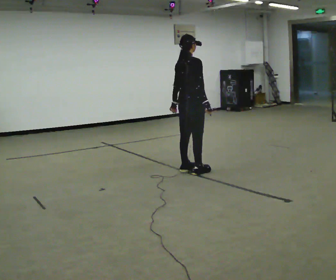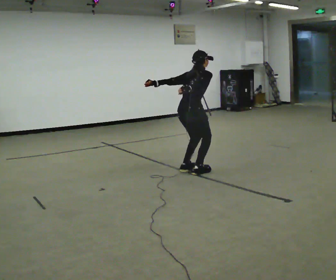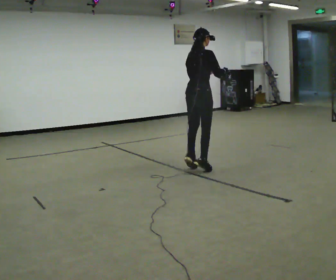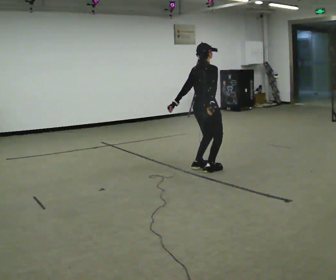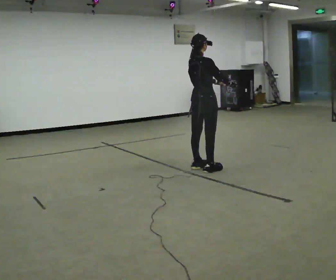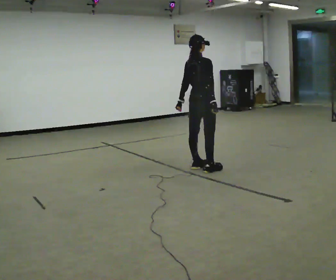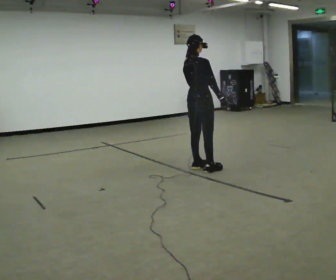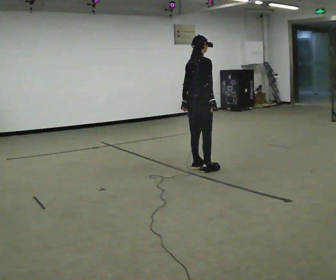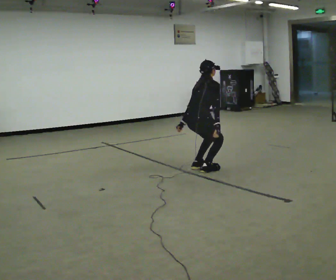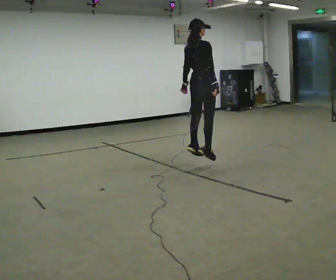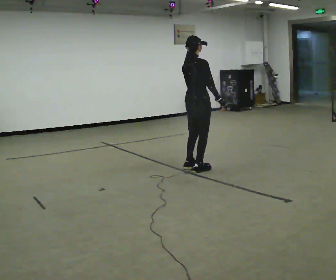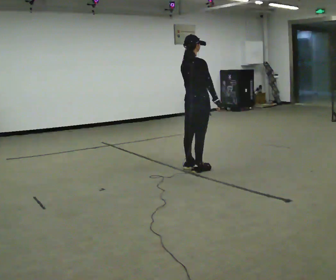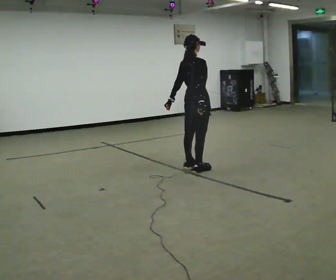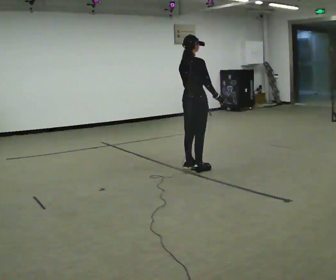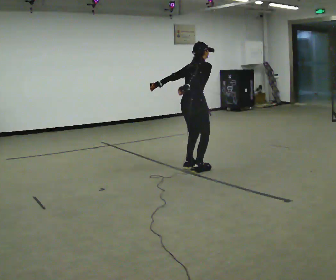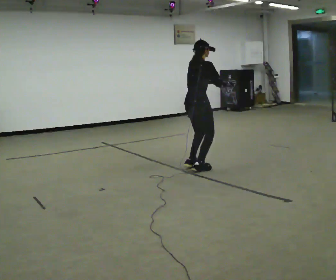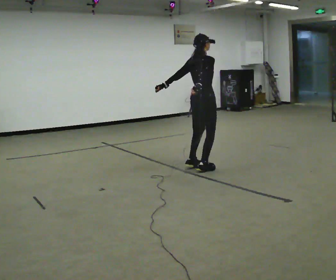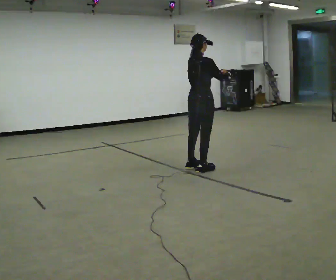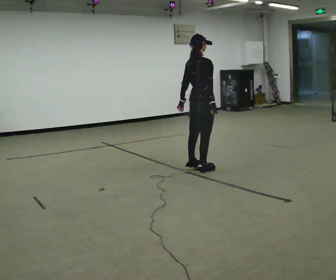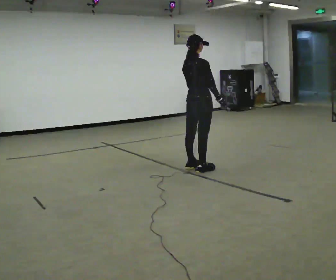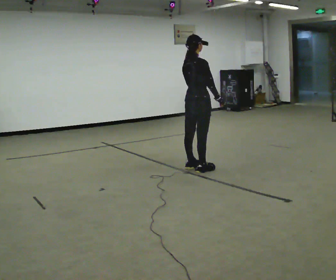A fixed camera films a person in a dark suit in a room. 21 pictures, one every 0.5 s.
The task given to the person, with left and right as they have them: Jump straight up as high as is comfortable and land softly on the same spot. Repeat the movement at your own pace until the operator says stop; do not rush.
0.0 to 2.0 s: In the picture they go to the right, about 0.25 m in 2 steps, which for them is forward. In the picture their left hand goes to the right.
2.0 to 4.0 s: The shoulders move downward. In the picture the upper body tilts clockwise, shoulders to the right, as they bend forward. In the picture their left hand goes downward and to the left.
4.0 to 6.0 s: The upper body tips toward the camera, its near side rolling downward, as they lean back or straighten.
6.0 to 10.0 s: The person moves a little, or ends about where they began.
The film runs forward here.
